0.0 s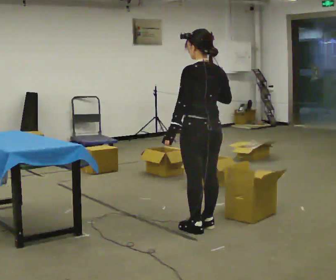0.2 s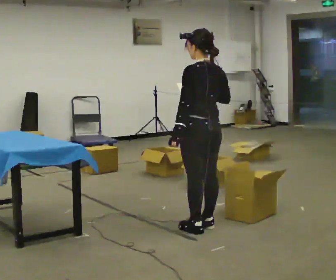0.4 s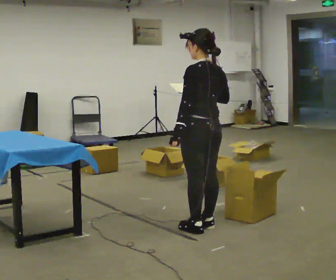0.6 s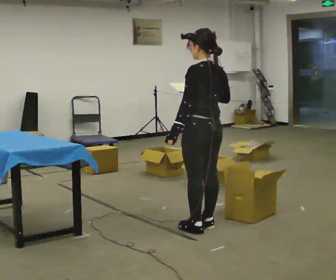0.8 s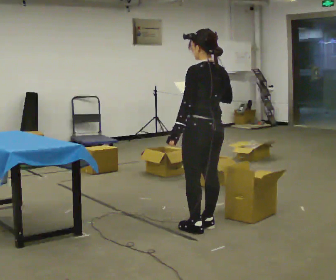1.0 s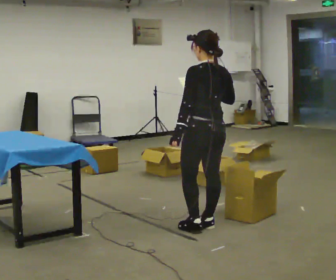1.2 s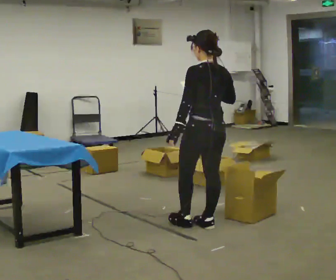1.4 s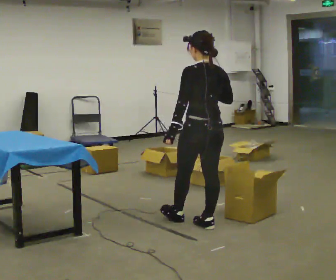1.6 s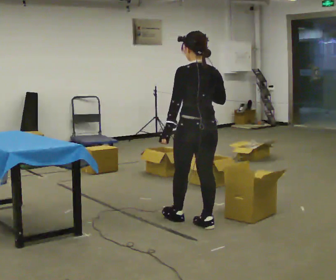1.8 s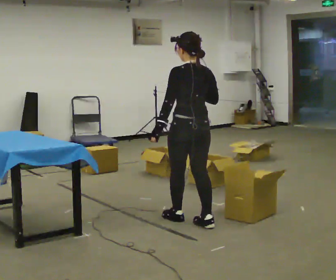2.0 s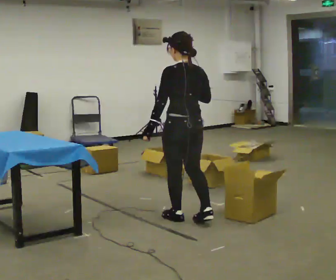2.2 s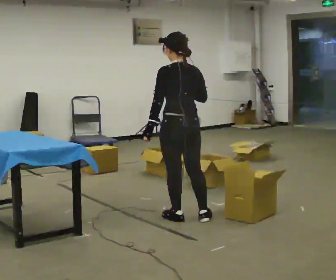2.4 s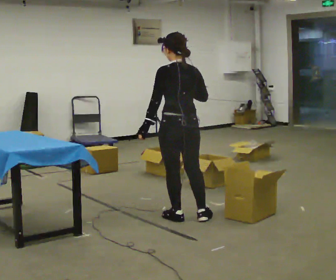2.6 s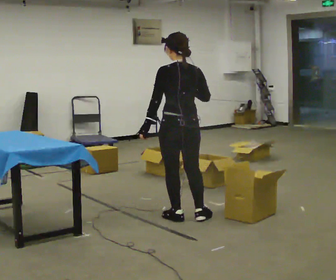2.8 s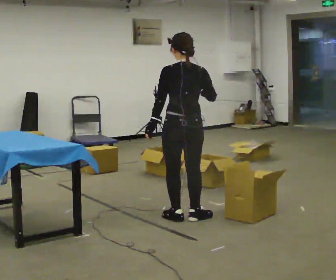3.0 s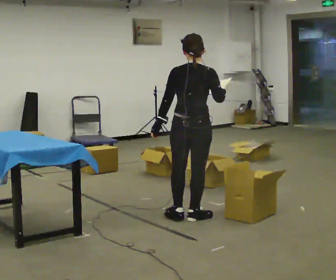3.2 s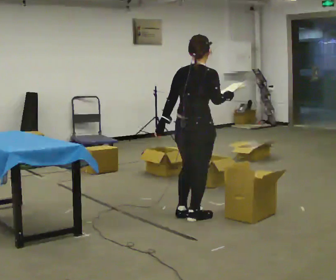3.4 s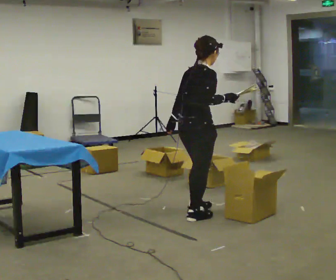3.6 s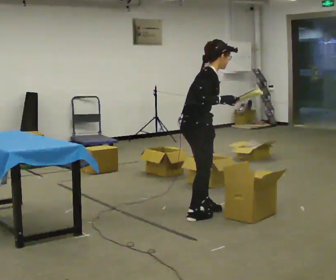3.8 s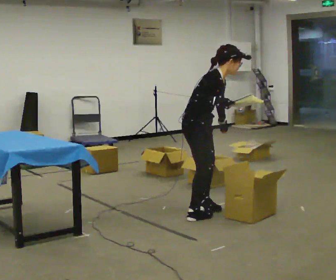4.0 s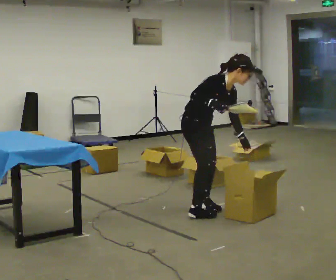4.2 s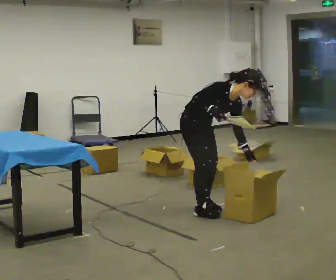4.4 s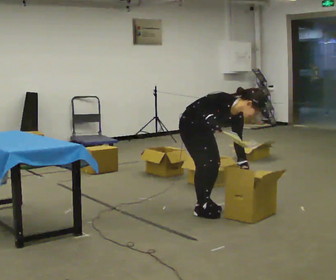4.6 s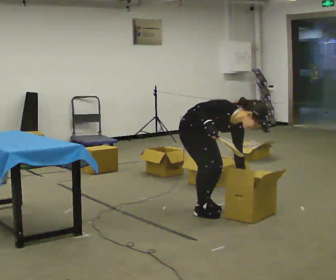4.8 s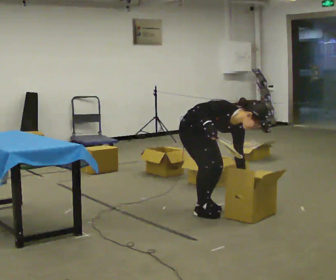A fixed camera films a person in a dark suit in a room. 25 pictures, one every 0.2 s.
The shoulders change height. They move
downward.
The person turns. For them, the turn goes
to their right.
0.0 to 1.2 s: The person moves a little, or ends about where they began.
1.2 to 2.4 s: In the picture they go away from the camera and to the left, about 0.25 m in 1 step, which for them is forward and to their left.
2.4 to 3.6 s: Seen from above the body turns clockwise, about 105 degrees: to their right, with its near side sliding to the left. In the picture the upper body tilts clockwise, shoulders to the right. In the picture their left hand goes to the right.
3.6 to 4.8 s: Seen from above the body turns clockwise, about 45 degrees: to their right, with its near side sliding to the left. In the picture they go away from the camera, about 0.25 m in 1 step, which for them is to their left. The upper body goes downward. The upper body tips toward the camera, its near side rolling downward, as they bend forward. In the picture their left hand goes downward and to the right.
The film runs backward here.
